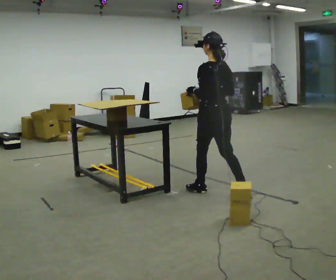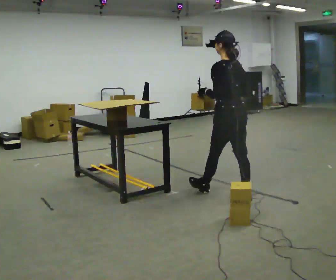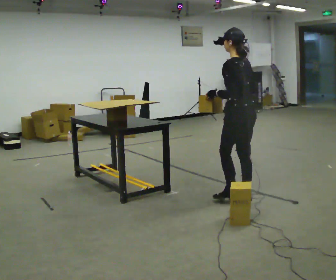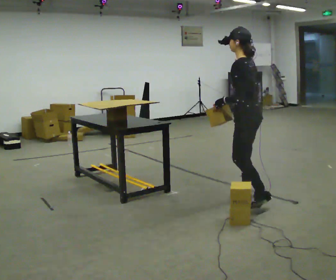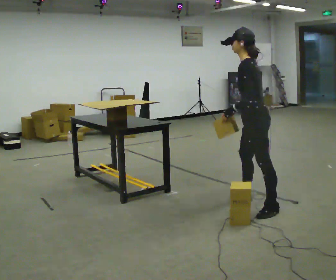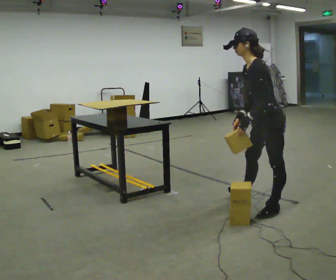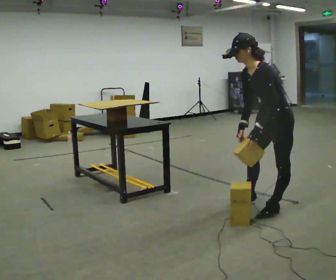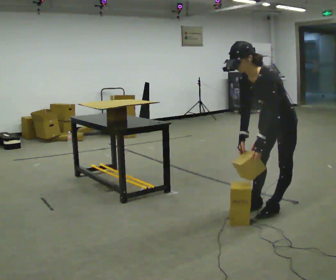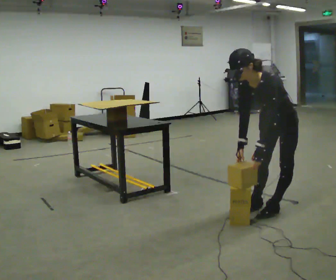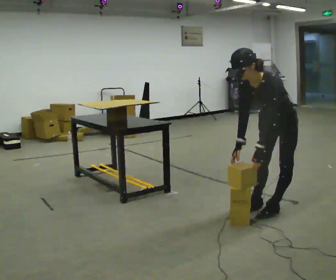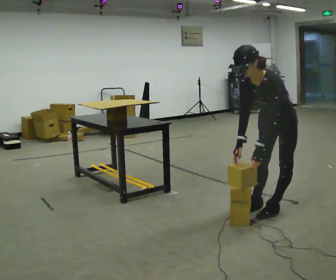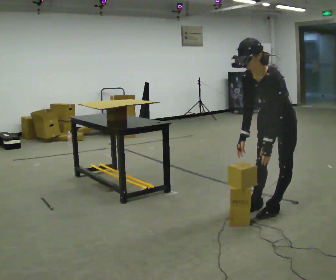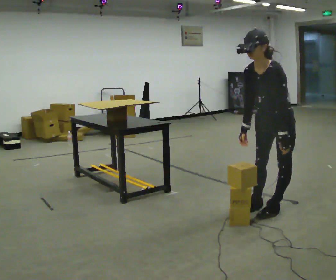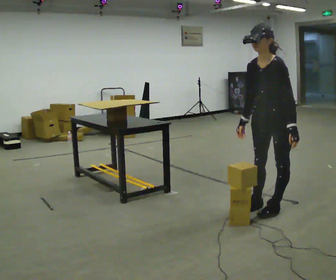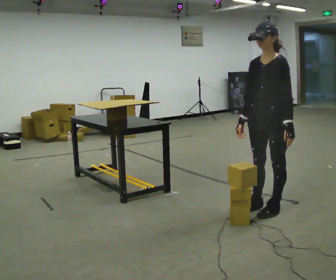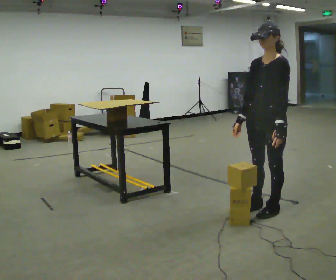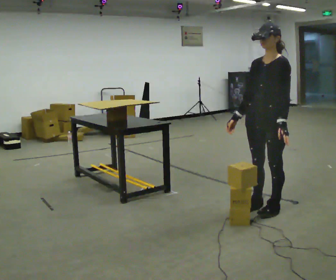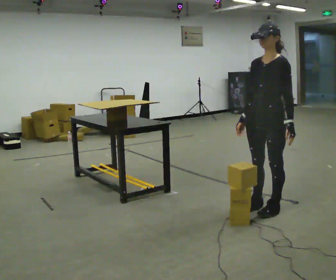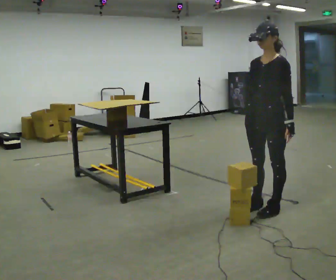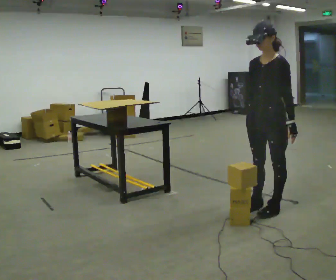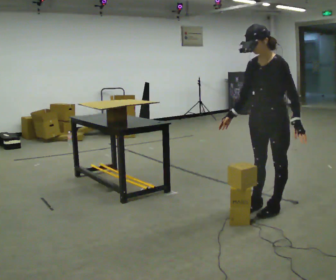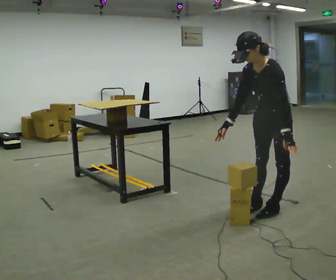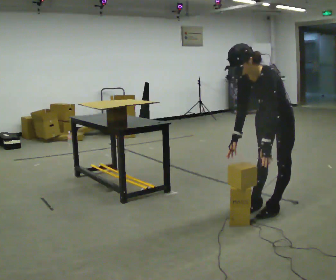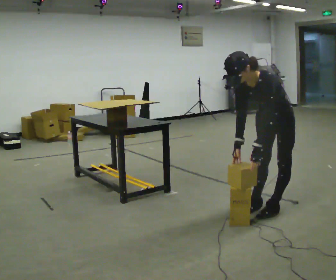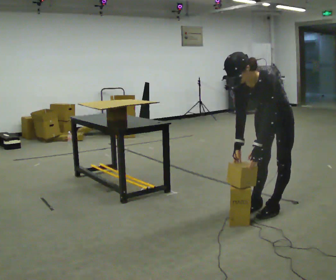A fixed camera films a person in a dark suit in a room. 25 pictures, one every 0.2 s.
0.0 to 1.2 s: The person turns about 60 degrees to their left, counterclockwise seen from above, so the part of the body nearest the lens slides to the right. In the picture they go to the right and toward the camera, about 0.5 m in 2 steps. In the picture the upper body tilts counterclockwise, shoulders to the left, as they bend forward.
1.2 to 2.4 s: The person moves a little, or ends about where they began.
2.4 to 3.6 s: The upper body tips away from the camera, its near side rolling upward, as they lean back or straighten.
3.6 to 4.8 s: The upper body tips toward the camera, its near side rolling downward, as they bend forward.
The film runs backward here.
